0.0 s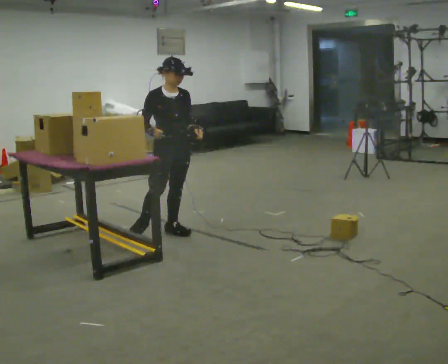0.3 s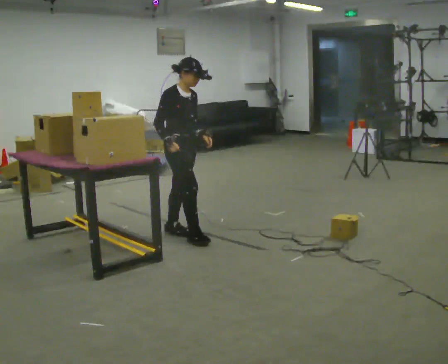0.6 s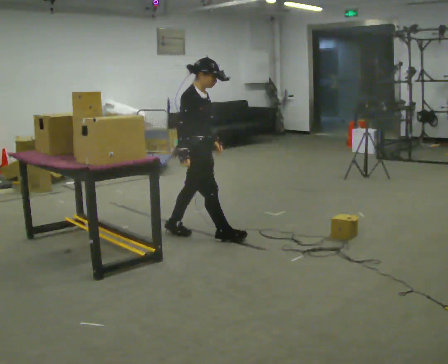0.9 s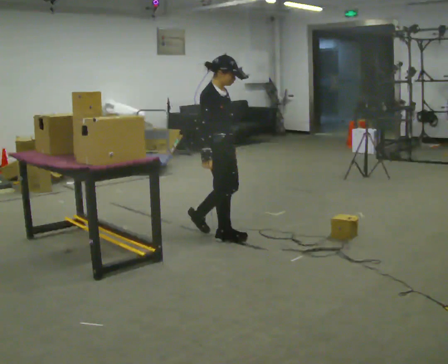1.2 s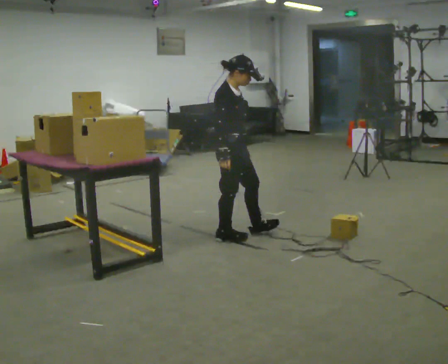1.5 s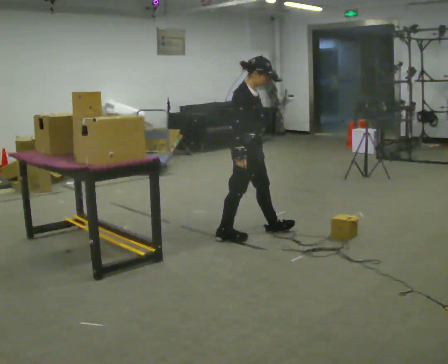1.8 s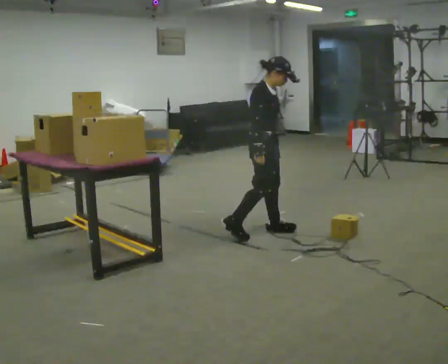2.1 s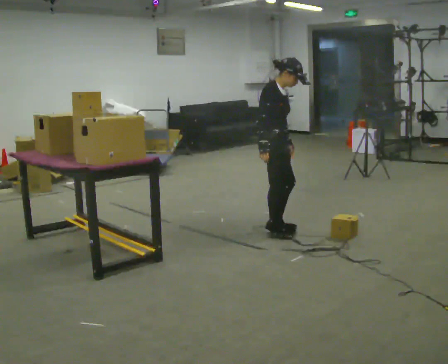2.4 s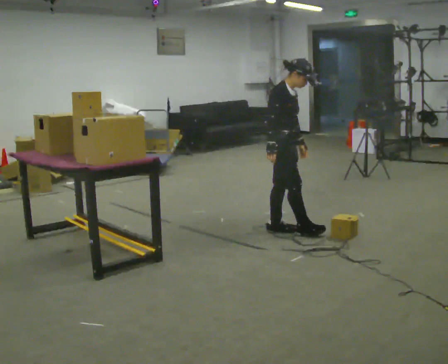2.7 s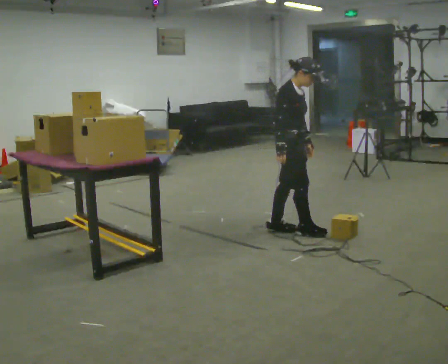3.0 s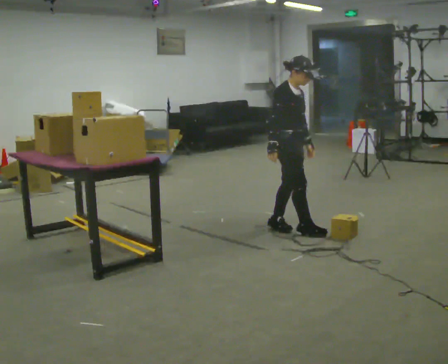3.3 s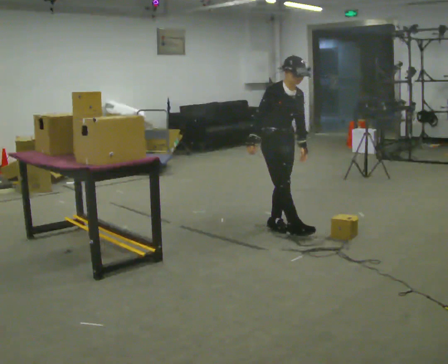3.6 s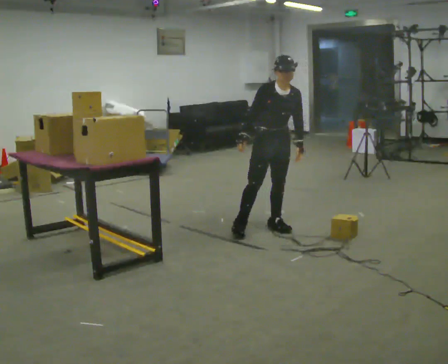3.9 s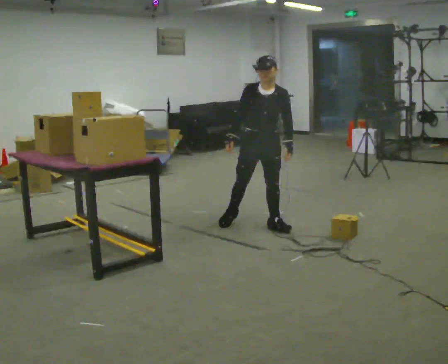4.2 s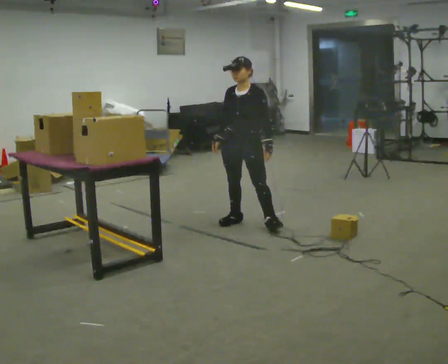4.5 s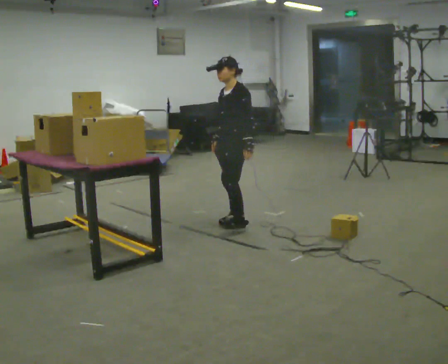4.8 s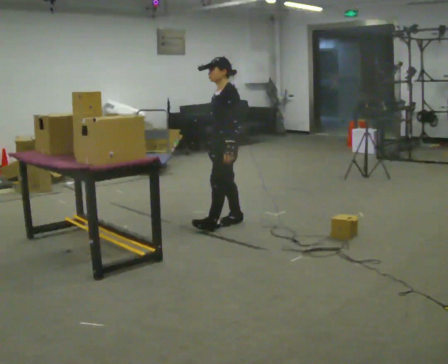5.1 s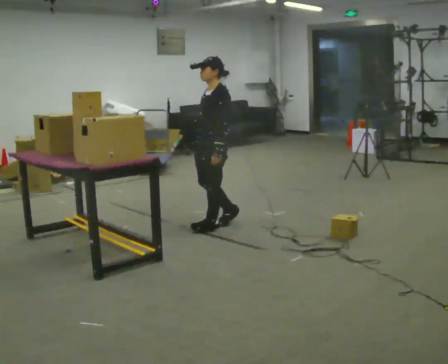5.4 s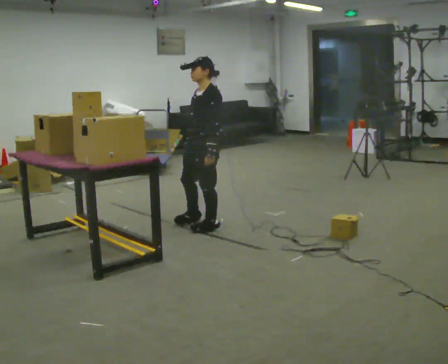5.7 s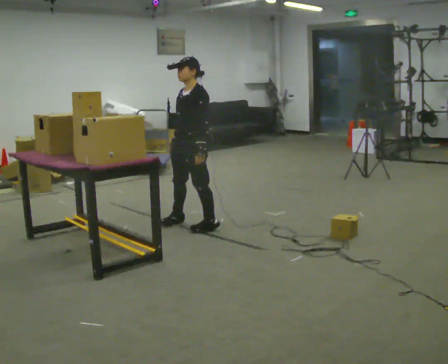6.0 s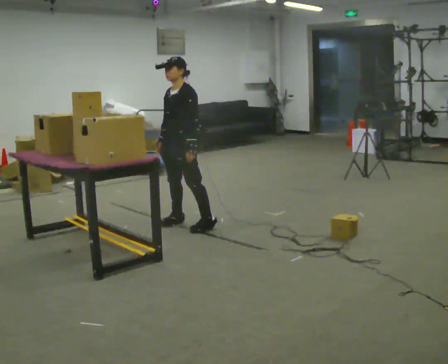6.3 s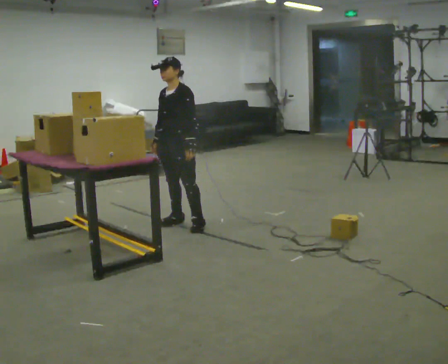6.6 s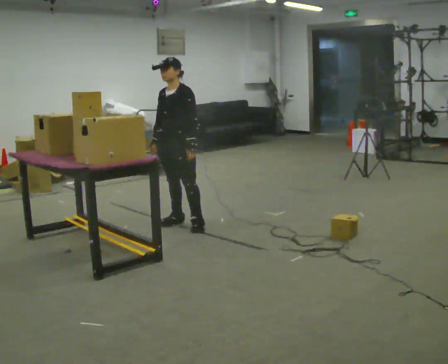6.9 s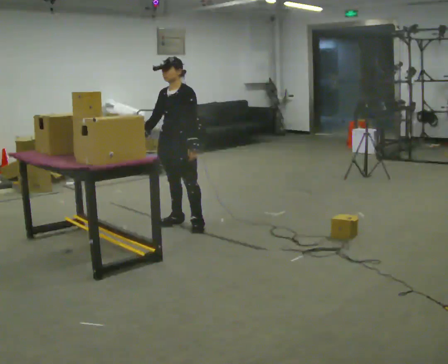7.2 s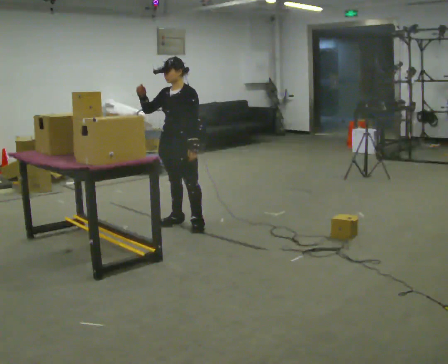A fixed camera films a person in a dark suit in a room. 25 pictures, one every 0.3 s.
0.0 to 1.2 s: The person turns about 45 degrees to their left, counterclockwise seen from above, so the part of the body nearest the lens slides to the right. In the picture they go to the right, about 0.5 m in 1 step, which for them is forward.
1.2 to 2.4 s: In the picture they go to the right, about 0.5 m in 2 steps, which for them is forward and to their left.
2.4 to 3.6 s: Seen from above the body turns clockwise, about 60 degrees: to their right, with its near side sliding to the left.
3.6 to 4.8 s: The person turns about 90 degrees to their right, clockwise seen from above, so the part of the body nearest the lens slides to the left. In the picture they go to the left, about 0.5 m in 2 steps.
4.8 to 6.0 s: In the picture they go to the left, about 0.5 m in 1 step, which for them is forward and to their right.
6.0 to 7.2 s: In the picture their right hand goes upward.
The film runs forward here.
